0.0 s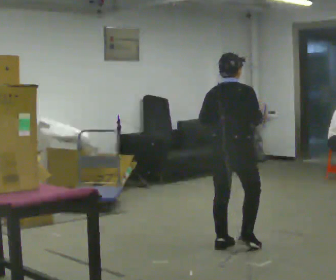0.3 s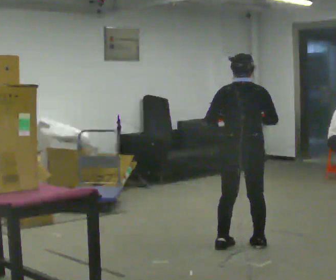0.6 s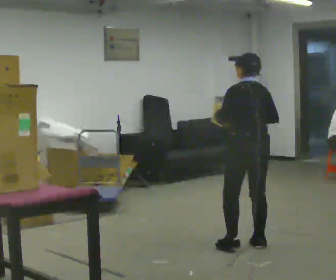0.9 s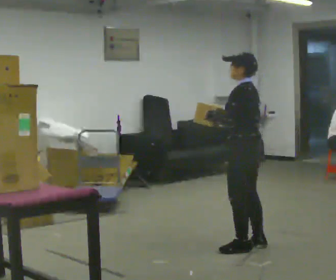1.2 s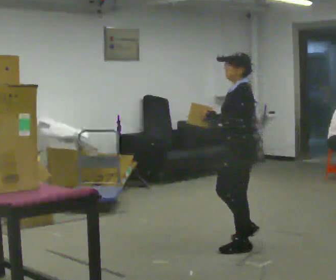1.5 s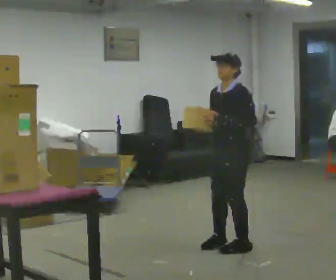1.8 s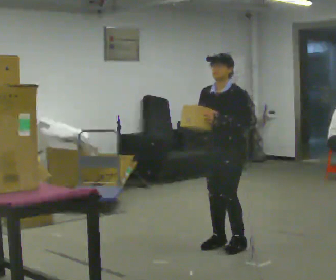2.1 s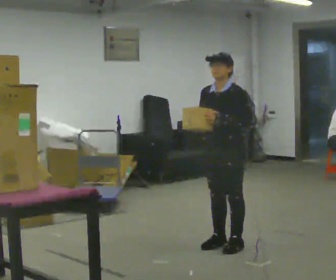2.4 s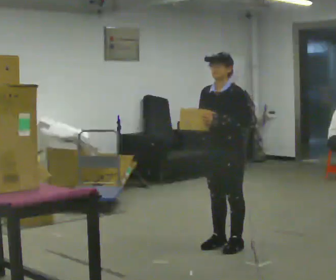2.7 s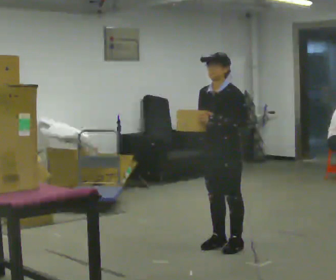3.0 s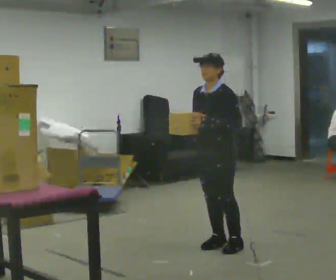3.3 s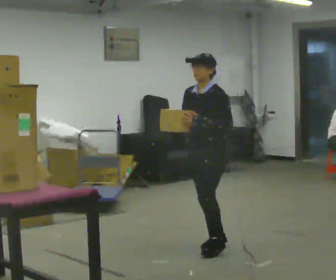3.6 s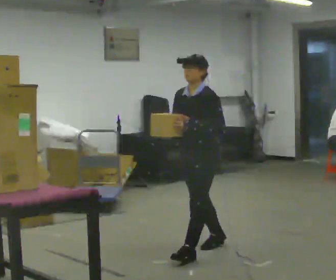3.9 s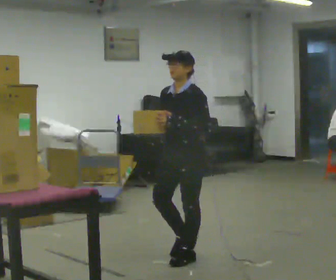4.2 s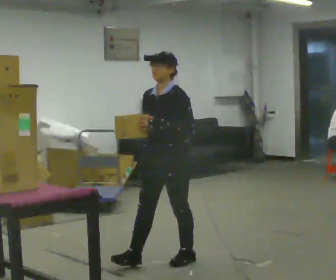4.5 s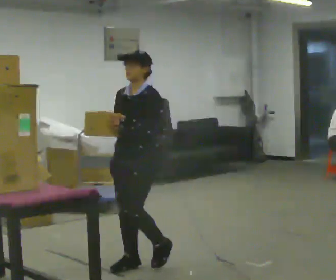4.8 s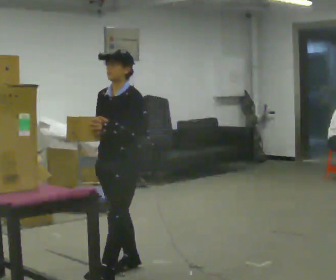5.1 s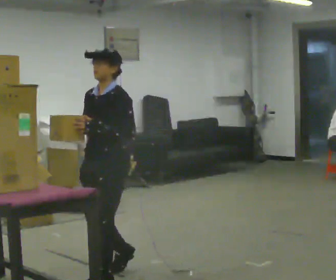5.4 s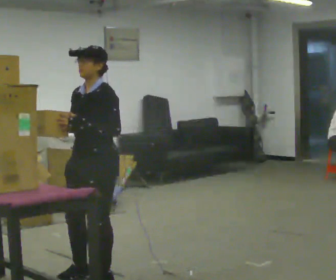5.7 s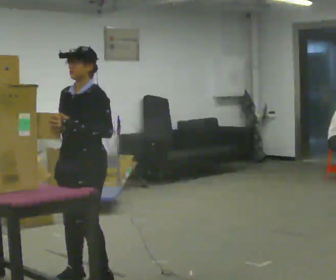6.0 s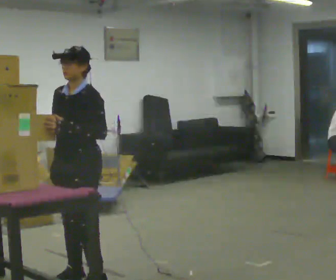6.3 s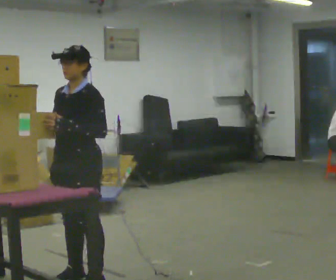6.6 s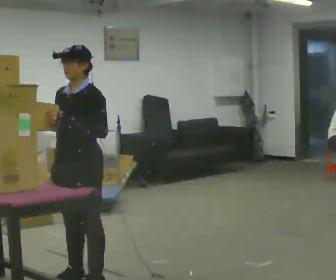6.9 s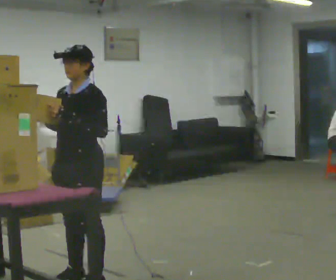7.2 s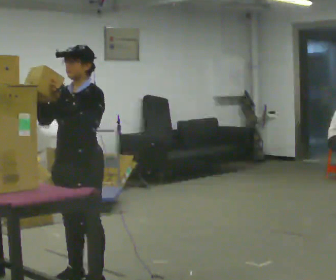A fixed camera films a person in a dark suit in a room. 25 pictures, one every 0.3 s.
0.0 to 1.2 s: The part of the body nearest the lens slides to the right as the person turns to their left by about 120 degrees.
1.2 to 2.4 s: The part of the body nearest the lens slides to the right as the person turns to their left by about 45 degrees.
2.4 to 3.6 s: In the picture they go to the left and toward the camera, about 0.25 m in 1 step, which for them is forward.
3.6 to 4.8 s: In the picture they go to the left and toward the camera, about 1 m in 2 steps, which for them is forward.
4.8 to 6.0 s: In the picture they go to the left and toward the camera, about 0.25 m in 1 step, which for them is forward.
6.0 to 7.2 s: The person moves a little, or ends about where they began.
The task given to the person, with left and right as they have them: Carry the object across the room and place it on the shelf just at the top of your comfortable reach. Keep going until the operator says stop; one object at a time, and do not rush between trips.
The film runs forward here.
